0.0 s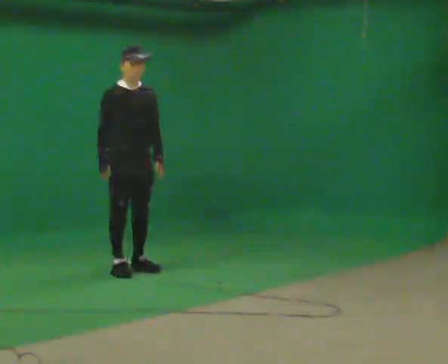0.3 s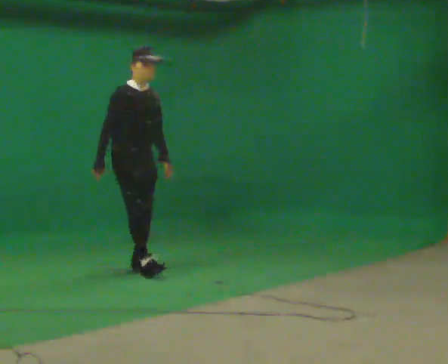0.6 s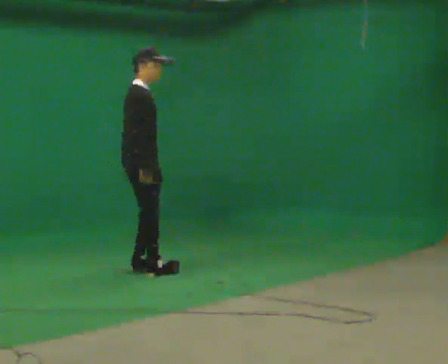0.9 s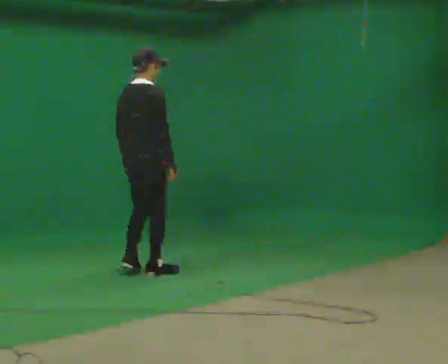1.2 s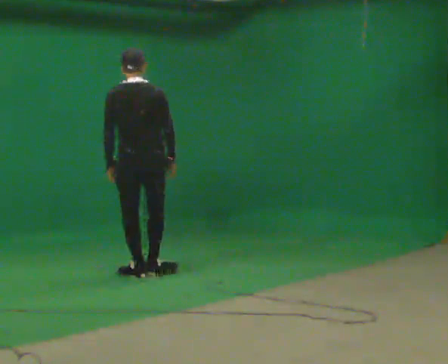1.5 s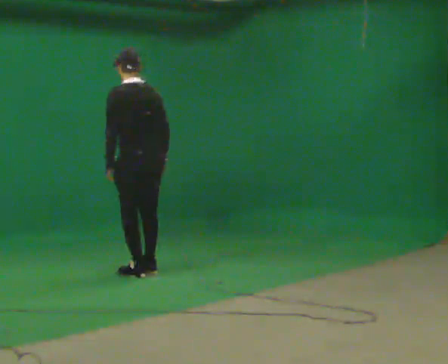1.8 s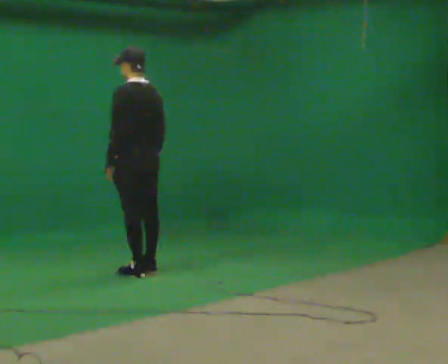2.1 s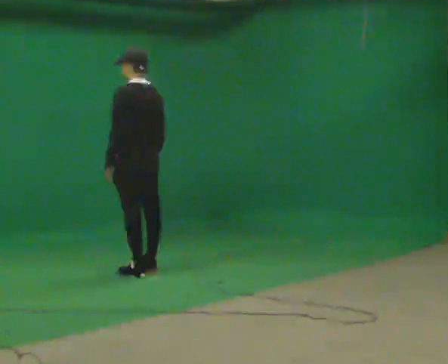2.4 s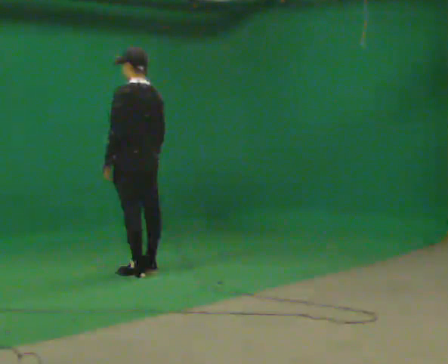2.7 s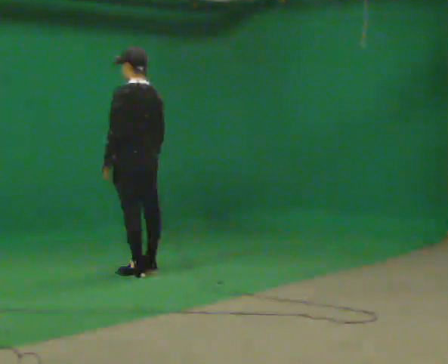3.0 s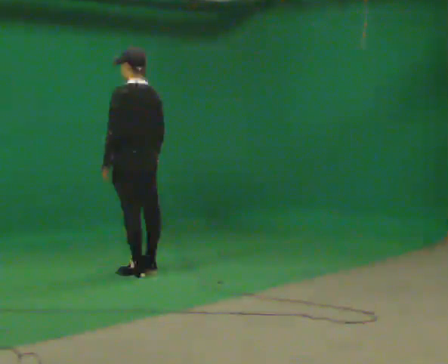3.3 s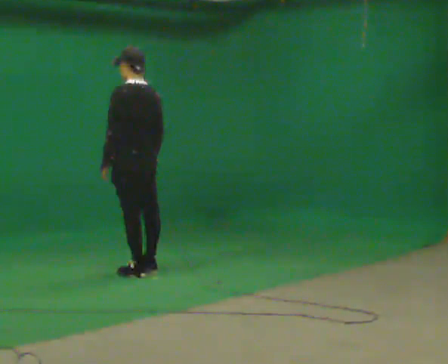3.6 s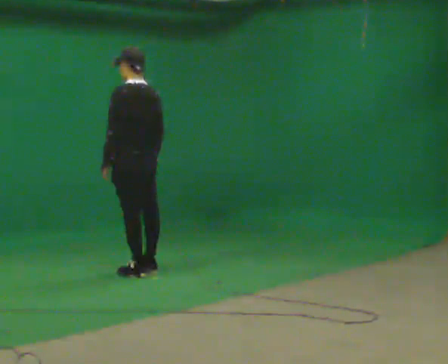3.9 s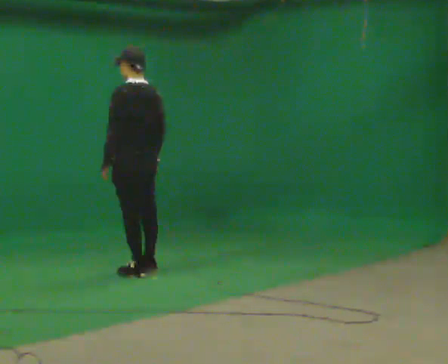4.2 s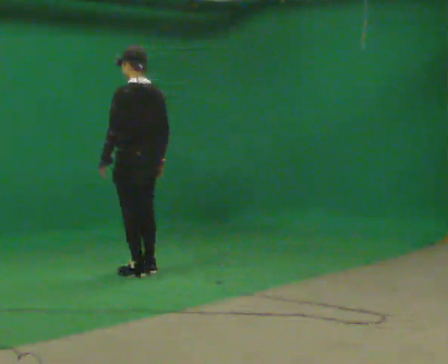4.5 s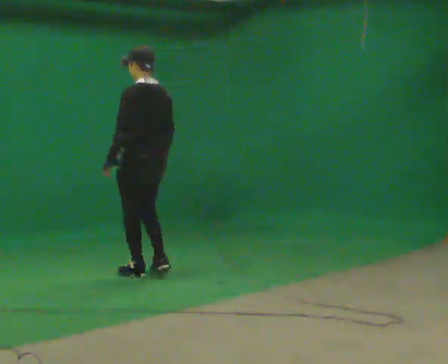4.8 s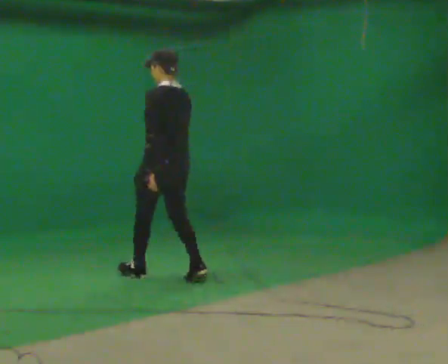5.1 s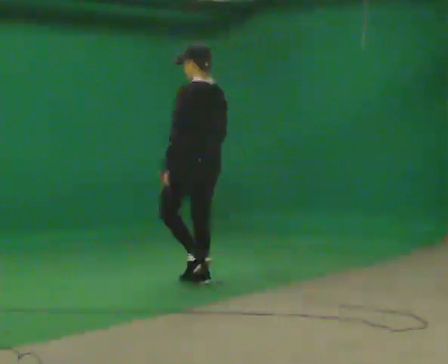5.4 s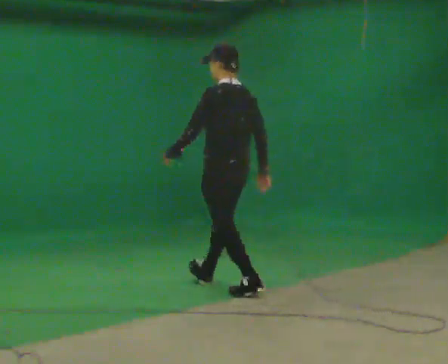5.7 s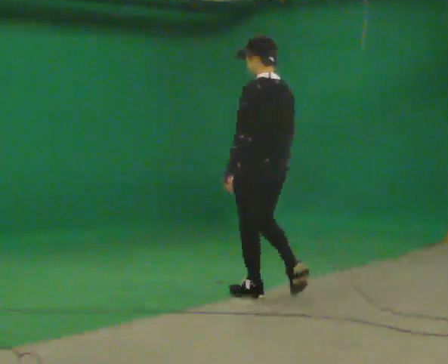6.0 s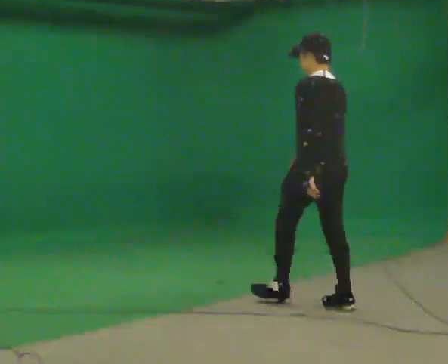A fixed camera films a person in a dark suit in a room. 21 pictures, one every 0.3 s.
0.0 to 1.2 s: The person turns about 150 degrees to their left, counterclockwise seen from above, so the part of the body nearest the lens slides to the right. In the picture they go toward the camera, about 0.25 m in 2 steps. In the picture their left hand goes to the left, the arm swinging clockwise.
1.2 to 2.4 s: The person turns about 45 degrees to their left, counterclockwise seen from above, so the part of the body nearest the lens slides to the right.
2.4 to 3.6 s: The person moves a little, or ends about where they began.
3.6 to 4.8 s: In the picture they go toward the camera and to the right, about 0.25 m in 1 step, which for them is backward.
4.8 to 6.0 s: In the picture they go toward the camera and to the right, about 1.5 m in 3 steps, which for them is backward.
The film runs backward here.
